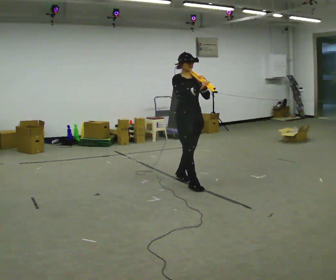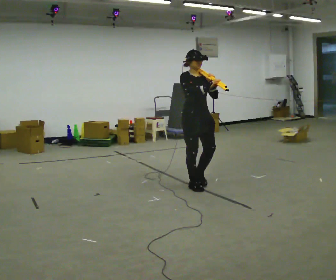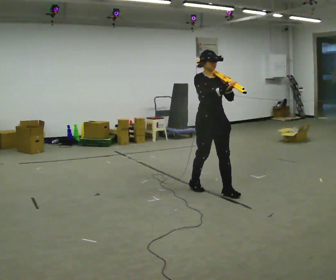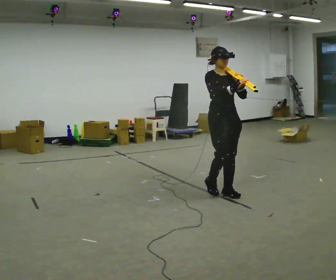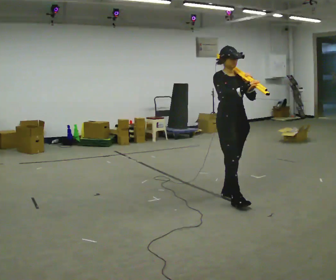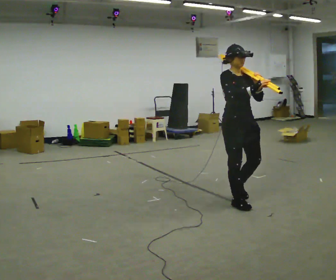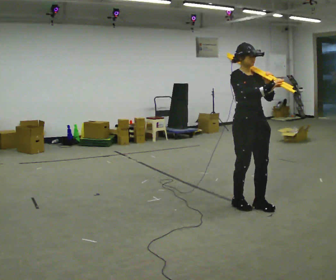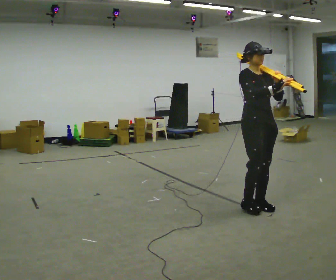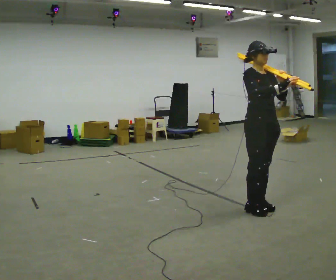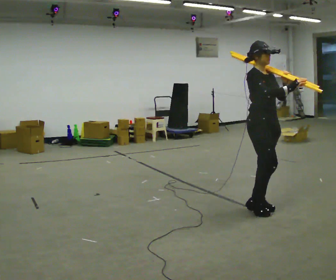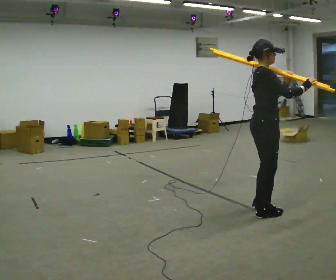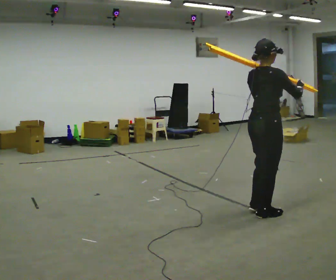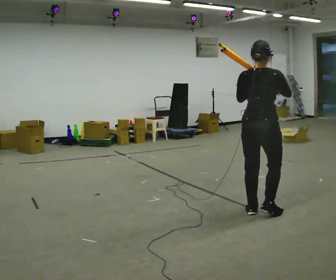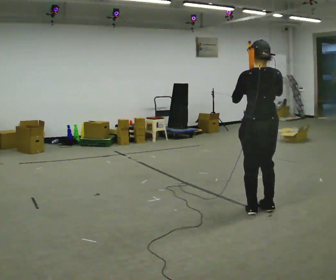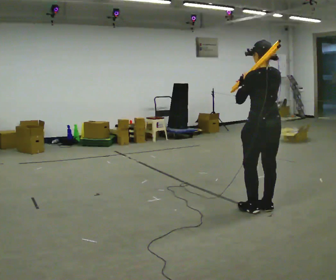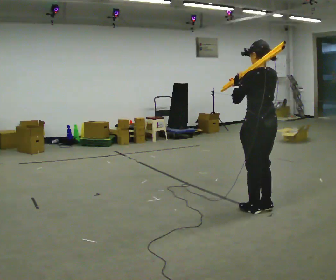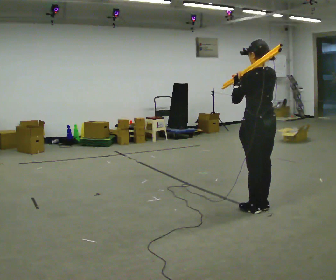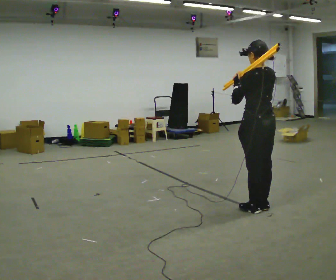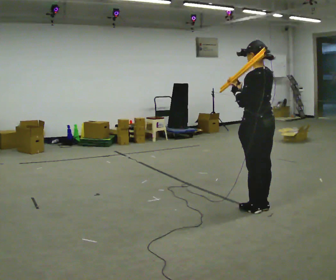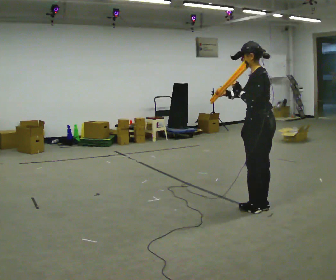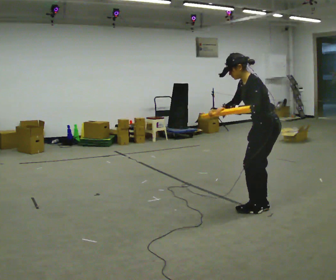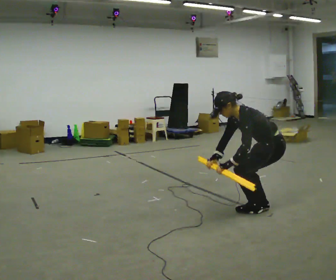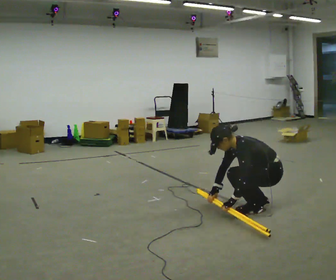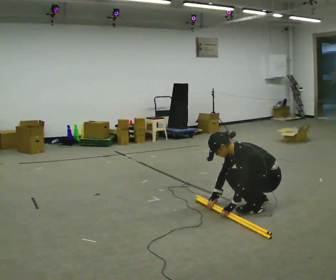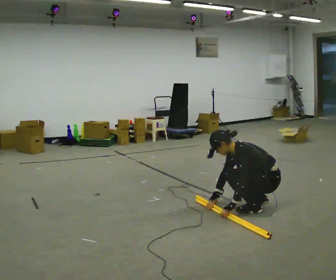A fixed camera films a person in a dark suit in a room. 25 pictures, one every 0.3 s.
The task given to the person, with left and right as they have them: Rest the long object on the shoulder the operator calls and carry it across the room, back and forth.
0.0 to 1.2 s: In the picture they go toward the camera and to the right, about 1 m in 2 steps, which for them is forward.
1.2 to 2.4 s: In the picture they go toward the camera and to the right, about 0.5 m in 2 steps, which for them is forward.
2.4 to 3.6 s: The person turns about 120 degrees to their left, counterclockwise seen from above, so the part of the body nearest the lens slides to the right.
3.6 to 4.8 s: The person turns about 45 degrees to their left, counterclockwise seen from above, so the part of the body nearest the lens slides to the right. In the picture their right hand goes to the left.
4.8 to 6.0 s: The part of the body nearest the lens slides to the right as the person turns to their left by about 45 degrees. In the picture the upper body tilts counterclockwise, shoulders to the left, as they bend forward.
6.0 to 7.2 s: The upper body goes downward. In the picture the upper body tilts counterclockwise, shoulders to the left, as they bend forward. In the picture their left hand goes downward.
The film runs forward here.
